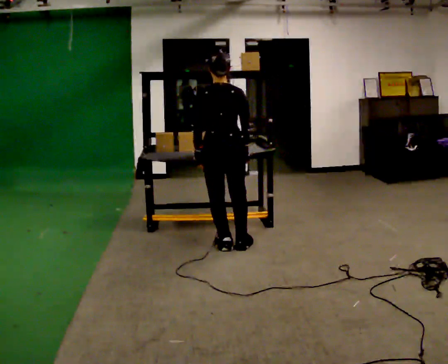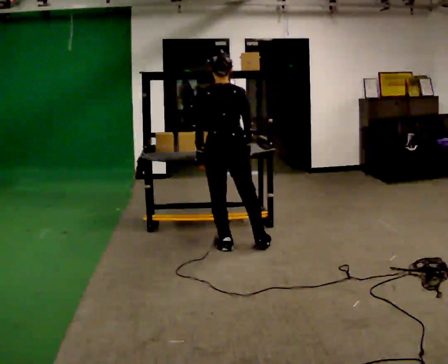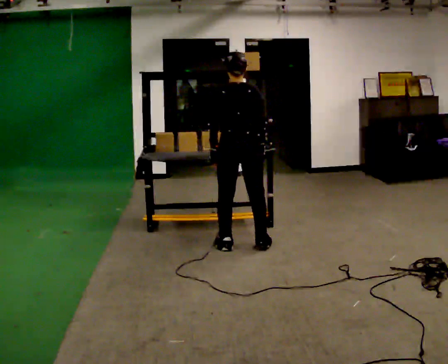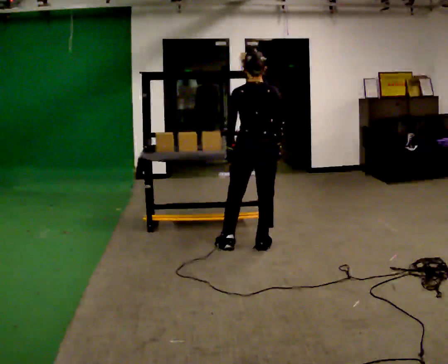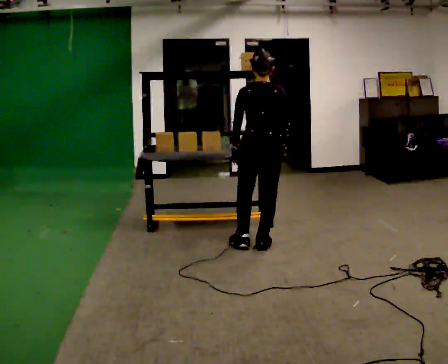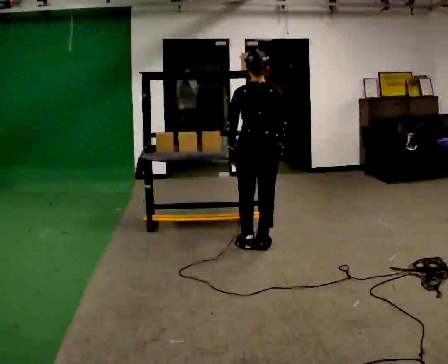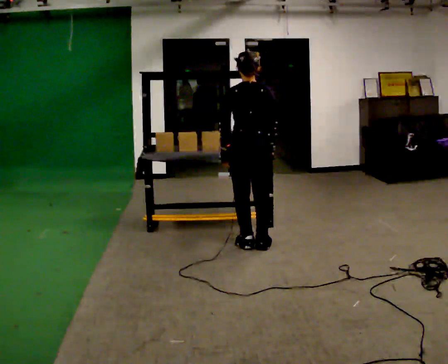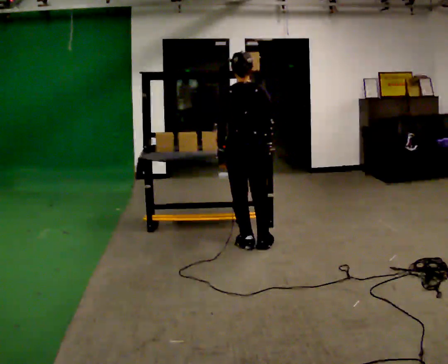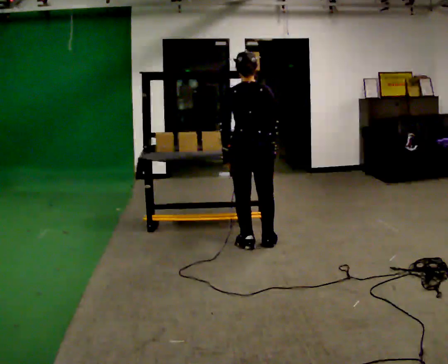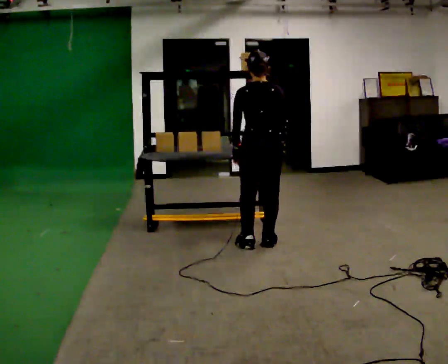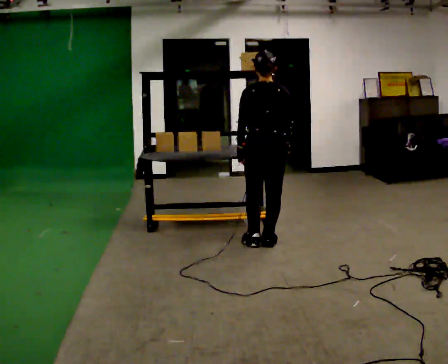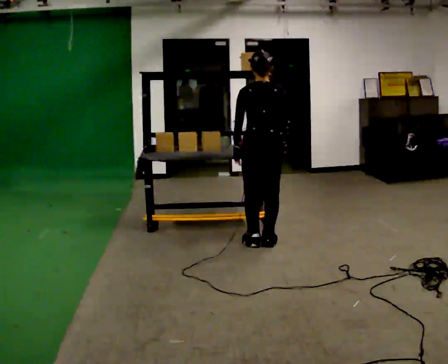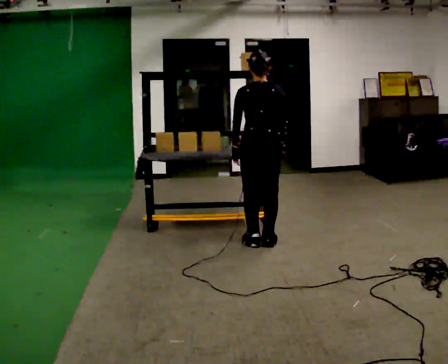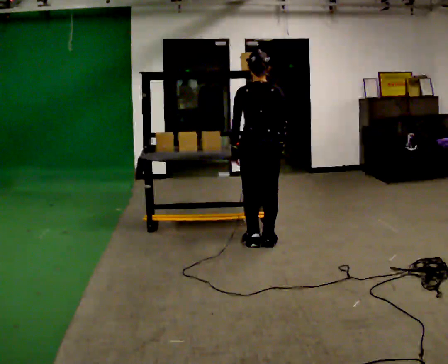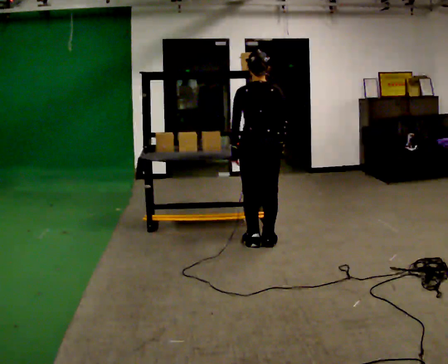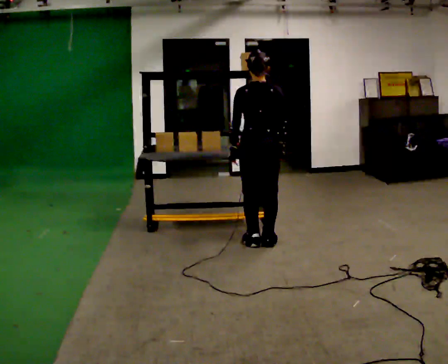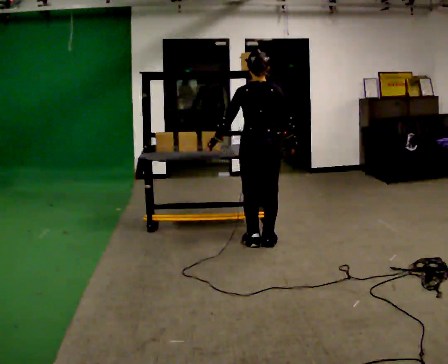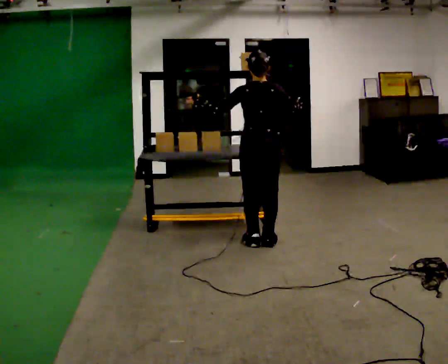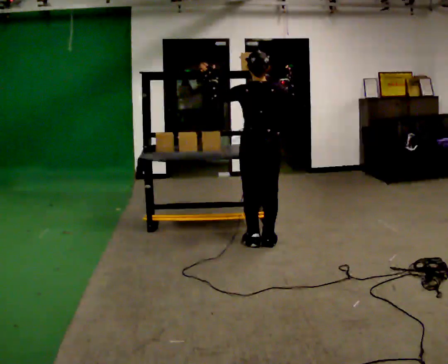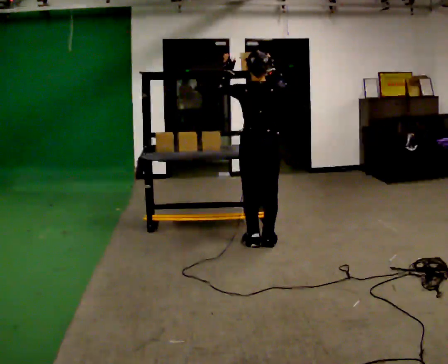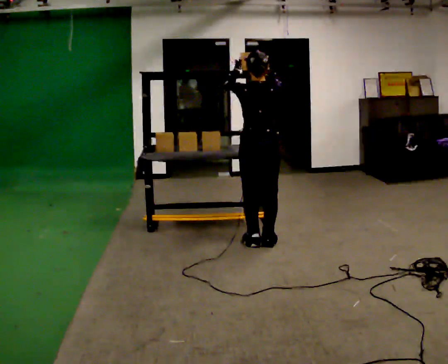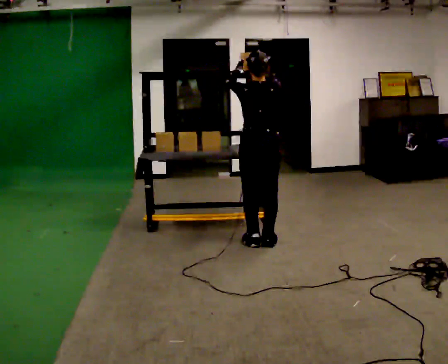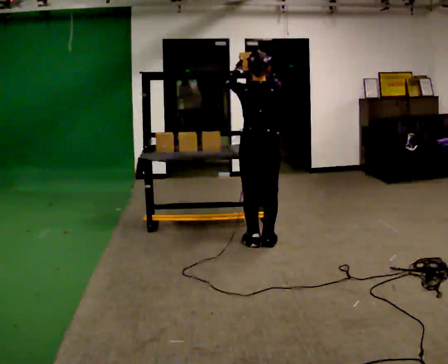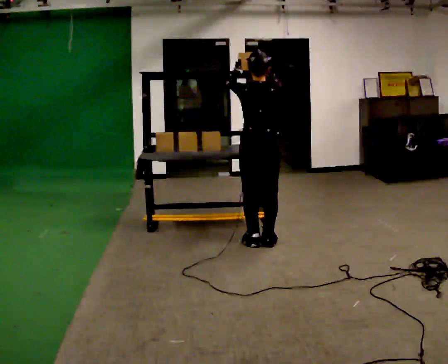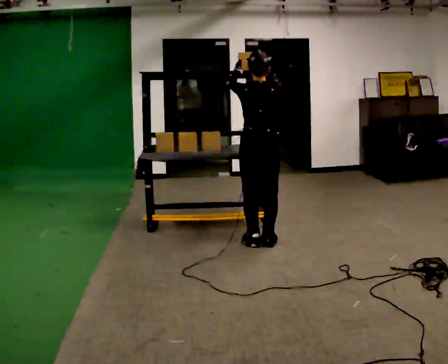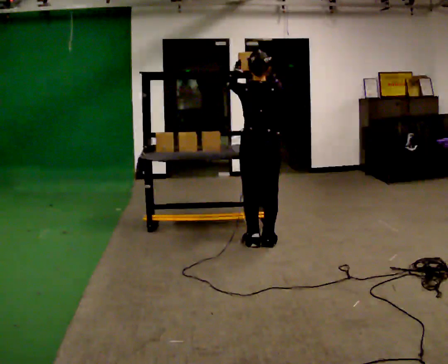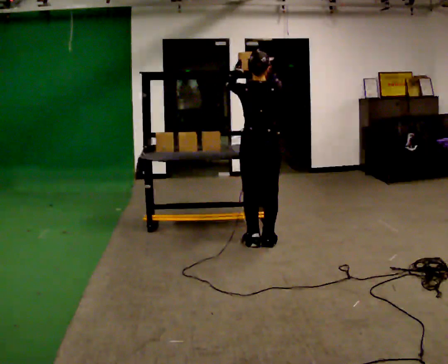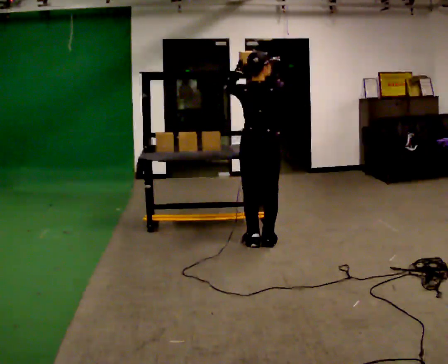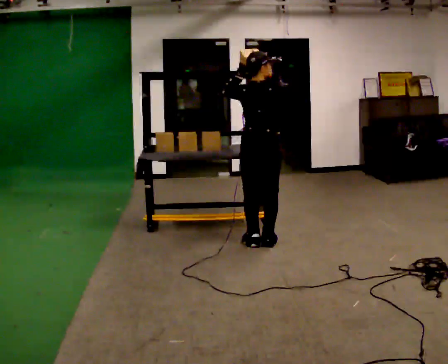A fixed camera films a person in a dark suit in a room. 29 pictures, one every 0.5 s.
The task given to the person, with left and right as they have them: Take an object down from the highest shelf you can comfortably reach, carry it across, and place it on the waist-height shelf. Keep going until the operator says stop; one object at a time, and do not rush between trips.
0.0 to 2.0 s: In the picture they go to the right, about 0.25 m in 1 step, which for them is to their right.
2.0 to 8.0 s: The person moves a little, or ends about where they began.
8.0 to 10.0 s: In the picture their right hand goes upward.
10.0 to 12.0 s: The person keeps their place and pose.
12.0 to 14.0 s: The person moves a little, or ends about where they began.
The film runs forward here.
